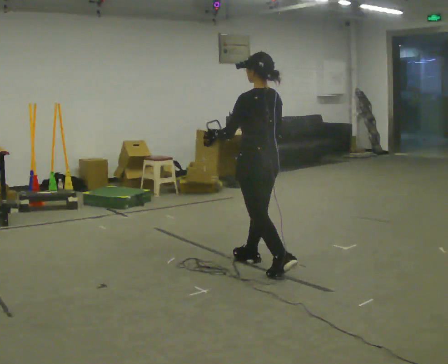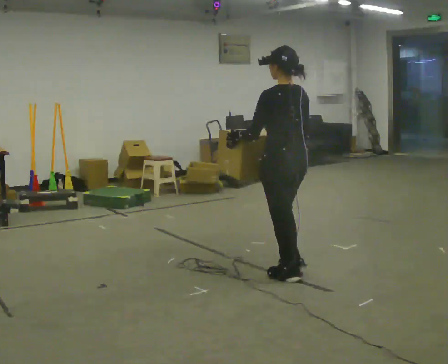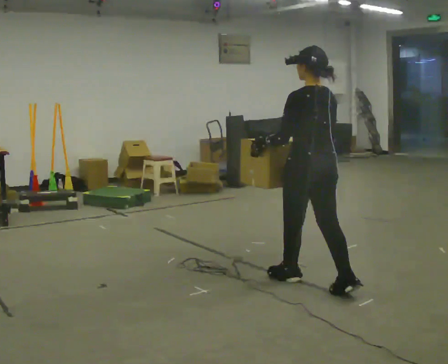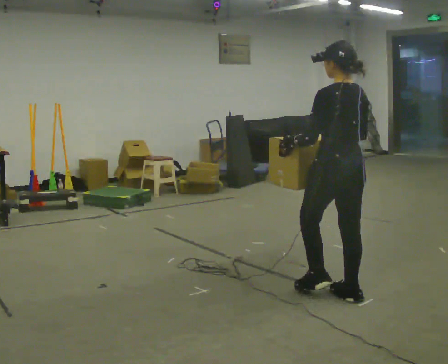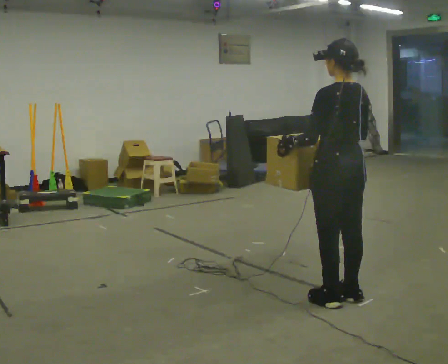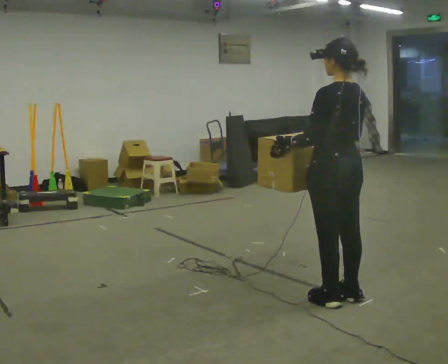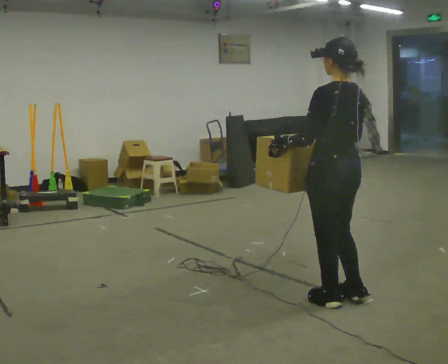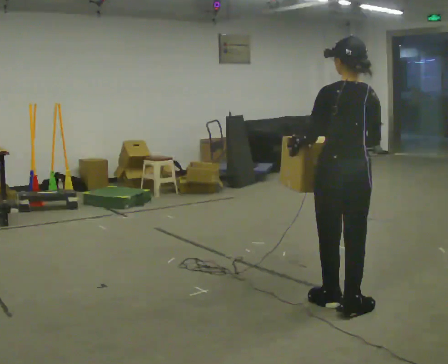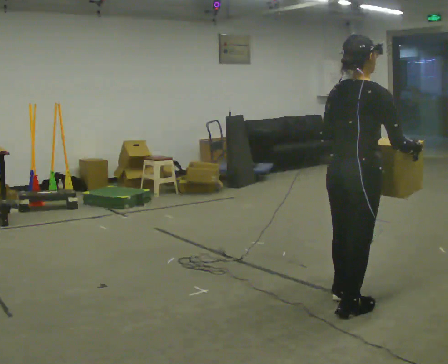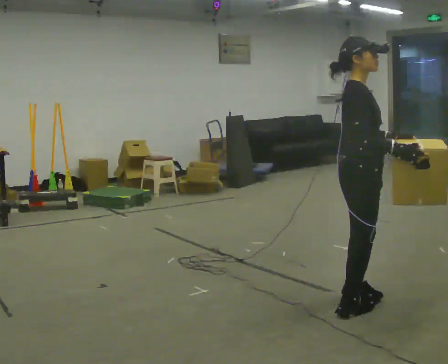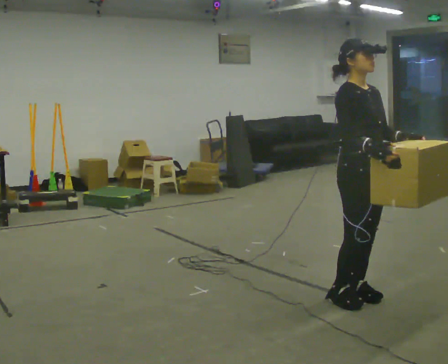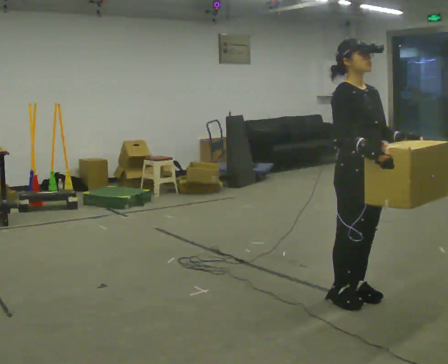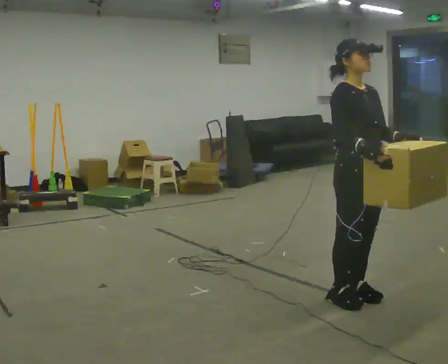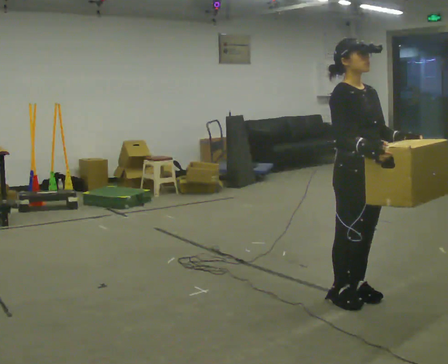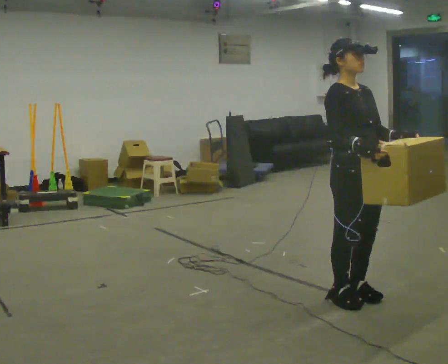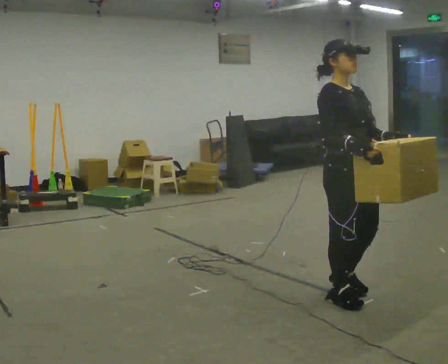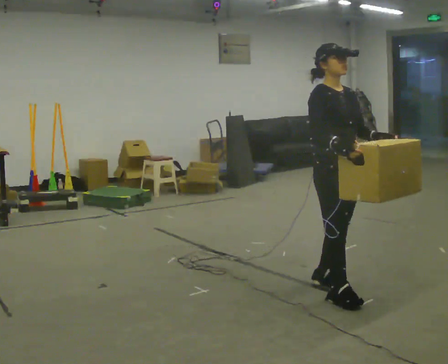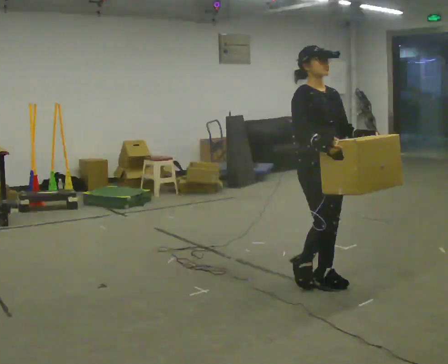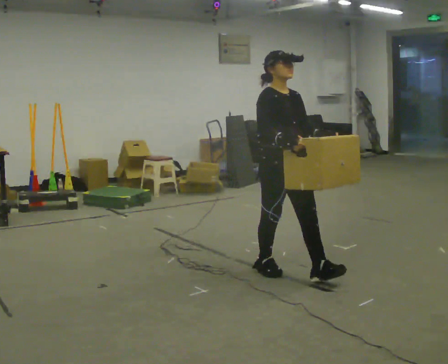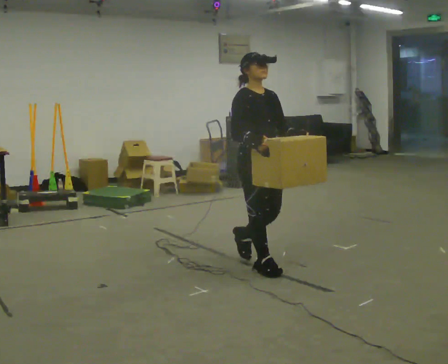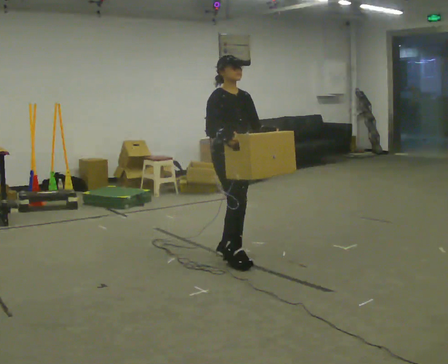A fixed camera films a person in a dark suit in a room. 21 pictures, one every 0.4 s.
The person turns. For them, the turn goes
to their right.
The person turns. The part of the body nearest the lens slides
to the left.
0.0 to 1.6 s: In the picture they go to the right and toward the camera, about 1 m in 2 steps, which for them is backward.
1.6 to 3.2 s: The part of the body nearest the lens slides to the left as the person turns to their right by about 75 degrees. In the picture they go toward the camera, about 0.25 m in 1 step. In the picture their right hand goes to the right, the arm swinging counterclockwise.
3.2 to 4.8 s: The person turns about 105 degrees to their right, clockwise seen from above, so the part of the body nearest the lens slides to the left.
4.8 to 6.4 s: The person moves a little, or ends about where they began.
6.4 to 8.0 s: In the picture they go to the left and away from the camera, about 1 m in 3 steps, which for them is backward.
The film runs backward here.
